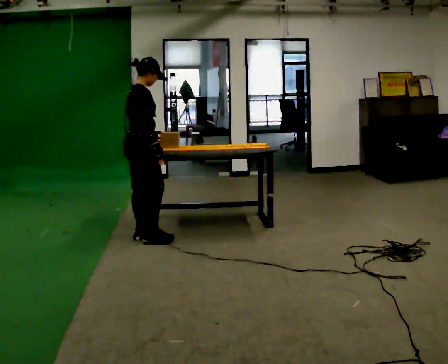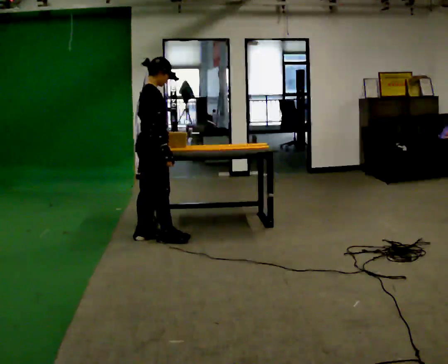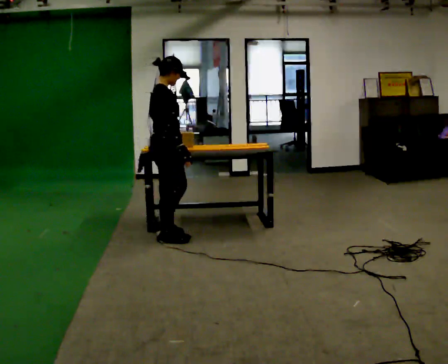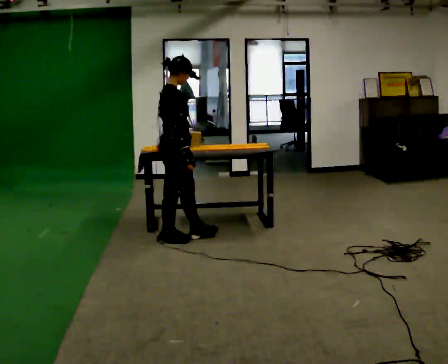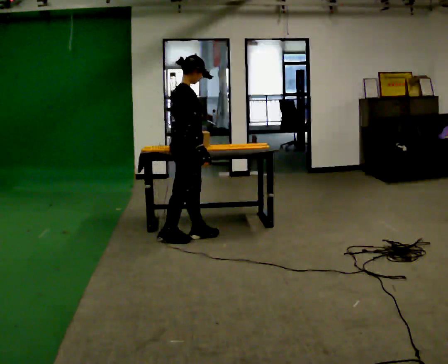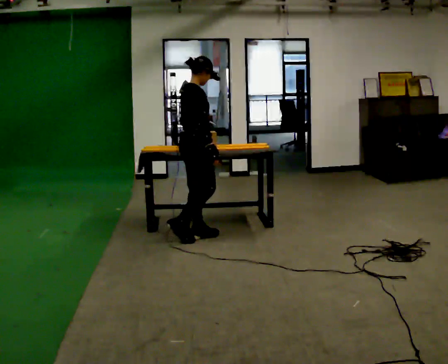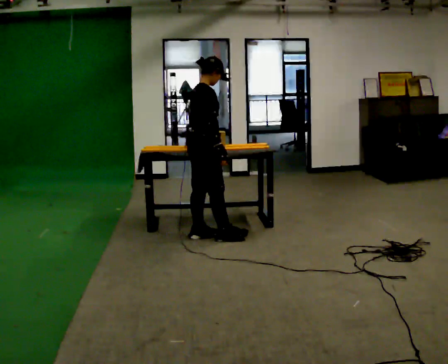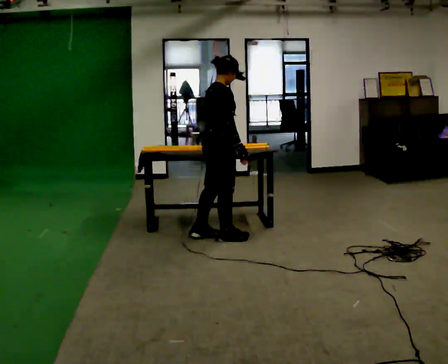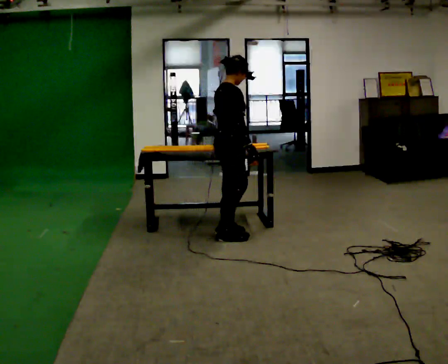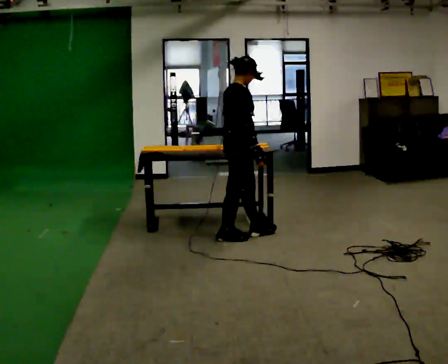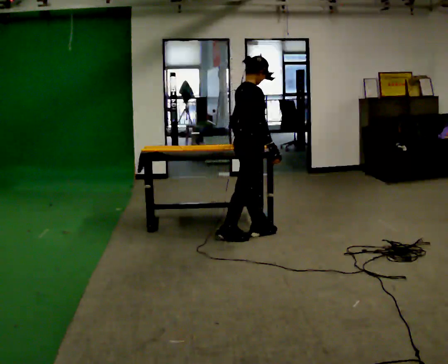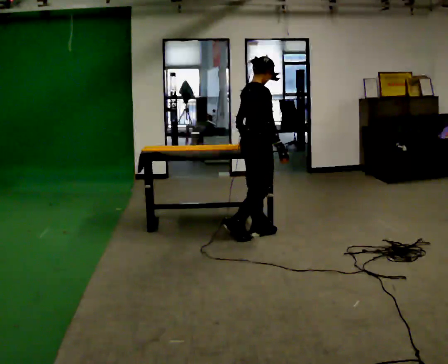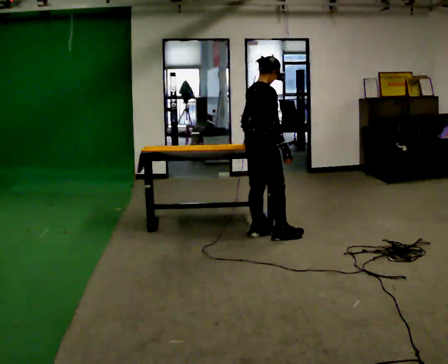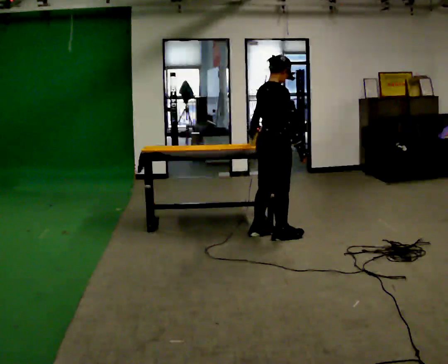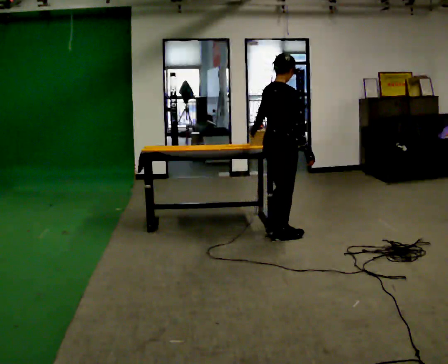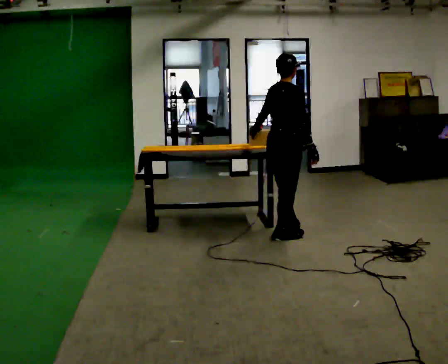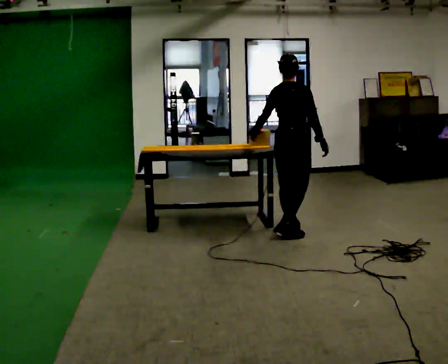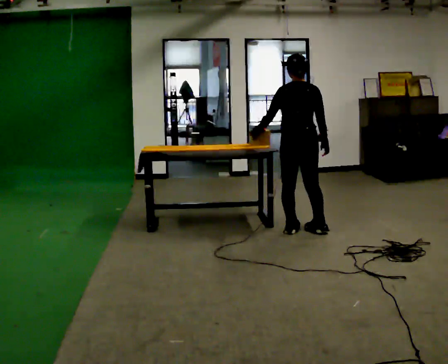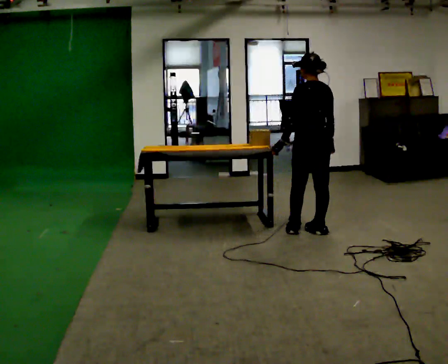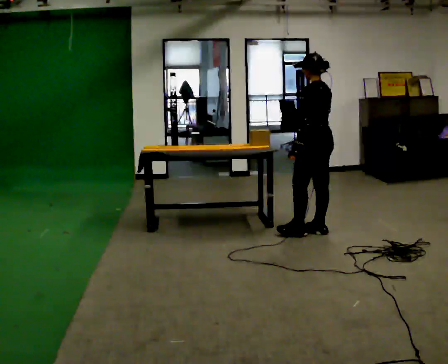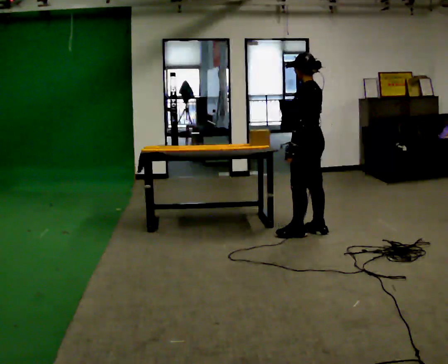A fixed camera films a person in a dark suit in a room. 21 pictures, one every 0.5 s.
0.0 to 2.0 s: In the picture they go to the right, about 0.5 m in 2 steps, which for them is forward.
2.0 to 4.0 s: In the picture they go to the right, about 0.25 m in 1 step, which for them is forward.
4.0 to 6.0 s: In the picture they go to the right, about 0.25 m in 2 steps, which for them is forward.
6.0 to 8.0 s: The person turns about 30 degrees to their left, counterclockwise seen from above, so the part of the body nearest the lens slides to the right. In the picture they go to the right, about 0.25 m in 1 step, which for them is forward.
8.0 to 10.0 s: The person turns about 105 degrees to their left, counterclockwise seen from above, so the part of the body nearest the lens slides to the right. In the picture they go to the right, about 0.25 m in 1 step. In the picture their left hand goes to the right.
The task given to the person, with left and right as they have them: Carry the object across the room and slide it into the slot on the shelf. It is a close fit, so take the time you need. Keep going until the operator says stop; one object at a time, and do not rush between trips.
The film runs forward here.
